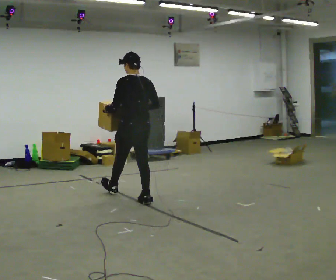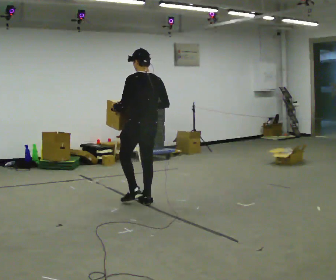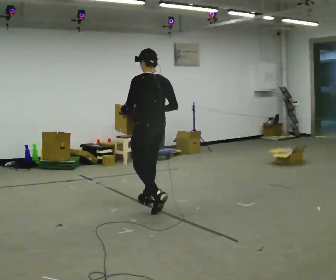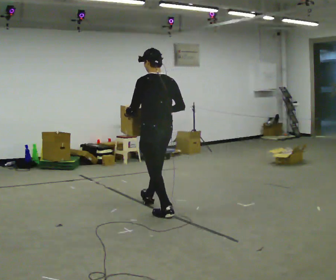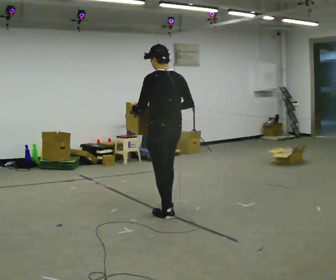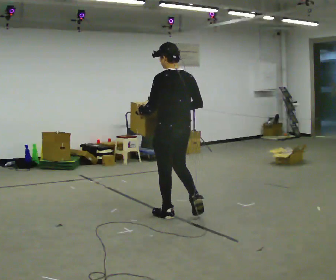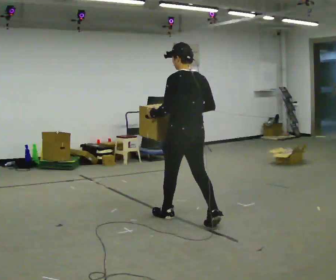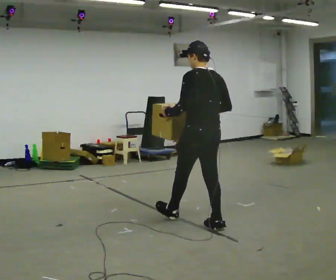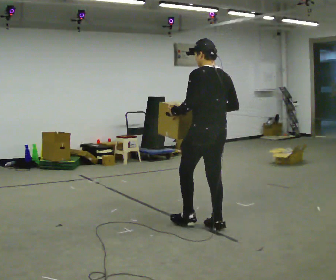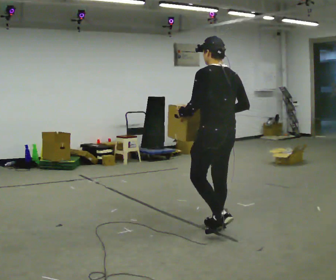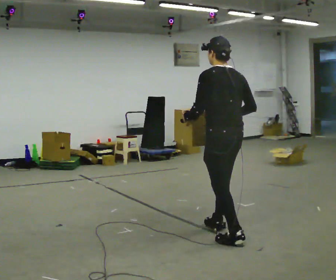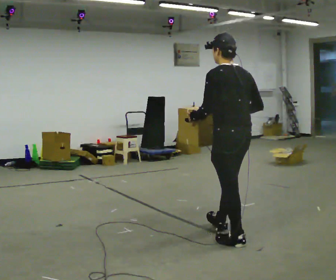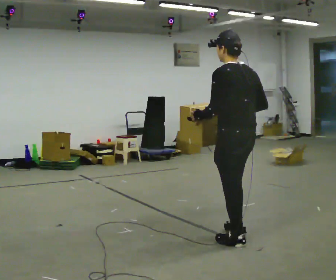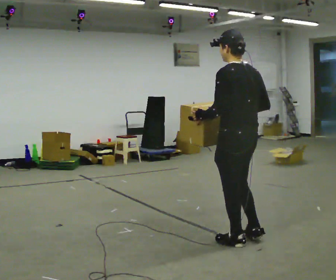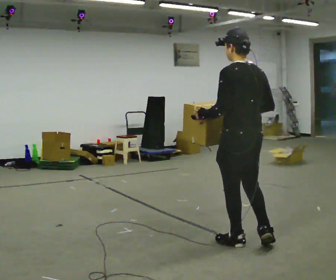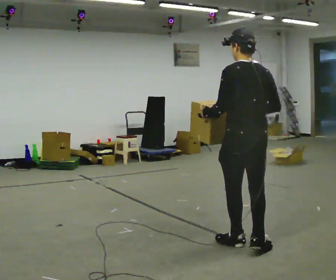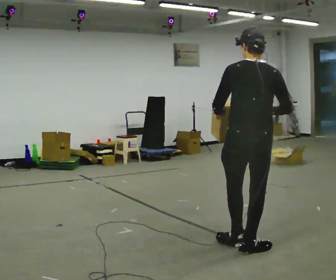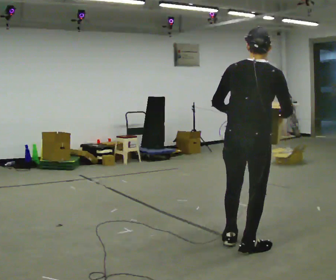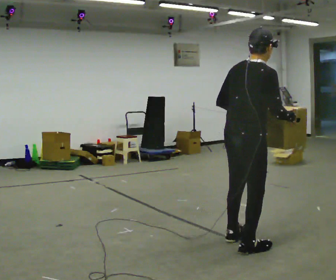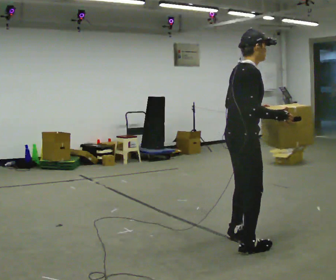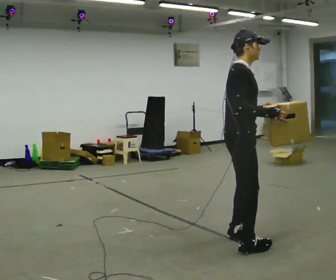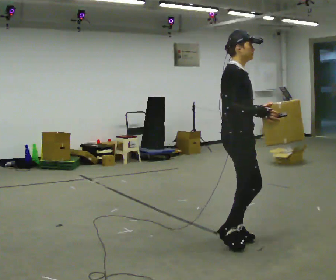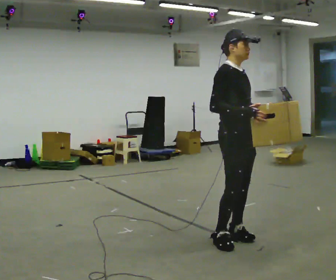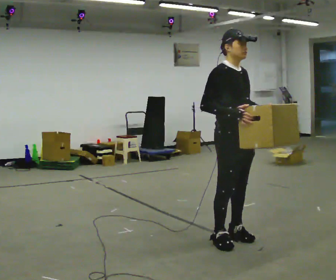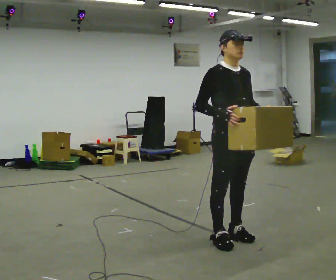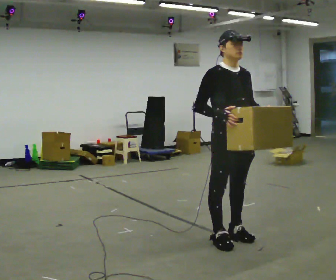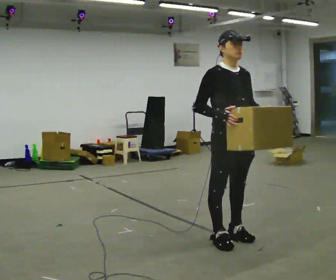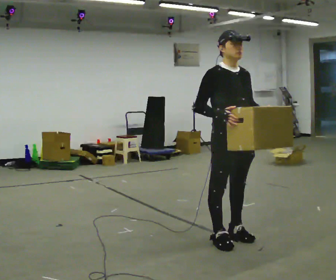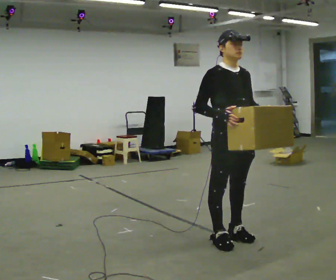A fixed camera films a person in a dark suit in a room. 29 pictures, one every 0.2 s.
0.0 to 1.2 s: In the picture they go toward the camera and to the right, about 1 m in 1 step, which for them is backward.
1.2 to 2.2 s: In the picture they go toward the camera and to the right, about 0.5 m in 2 steps, which for them is backward.
2.2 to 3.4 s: Seen from above the body turns clockwise, about 60 degrees: to their right, with its near side sliding to the left. In the picture they go toward the camera, about 0.25 m in 1 step.
3.4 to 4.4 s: The person turns about 90 degrees to their right, clockwise seen from above, so the part of the body nearest the lens slides to the left. In the picture they go away from the camera, about 0.25 m in 1 step.
4.4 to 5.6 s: The person turns about 30 degrees to their right, clockwise seen from above, so the part of the body nearest the lens slides to the left.
The film runs backward here.
